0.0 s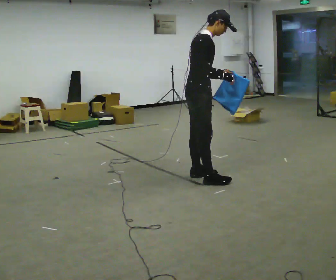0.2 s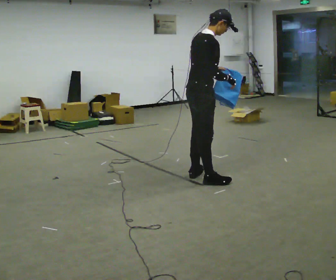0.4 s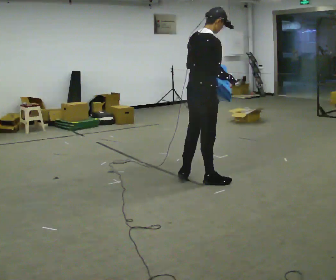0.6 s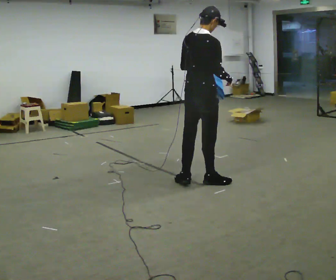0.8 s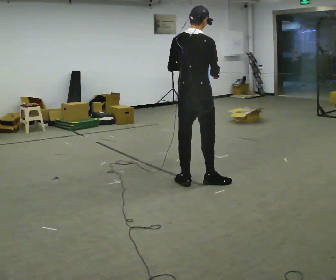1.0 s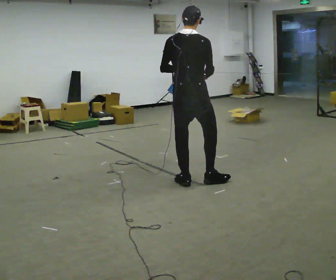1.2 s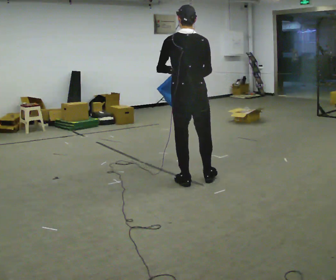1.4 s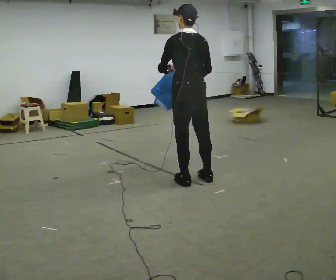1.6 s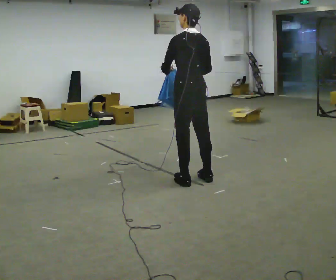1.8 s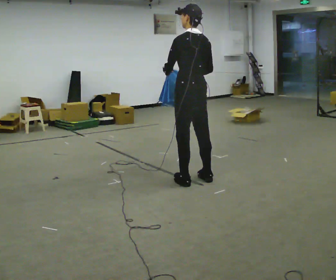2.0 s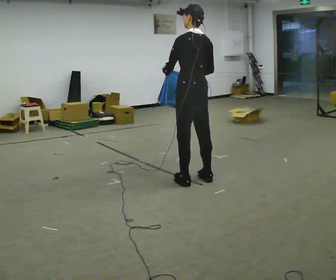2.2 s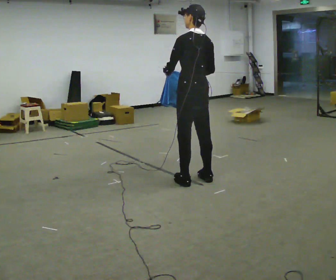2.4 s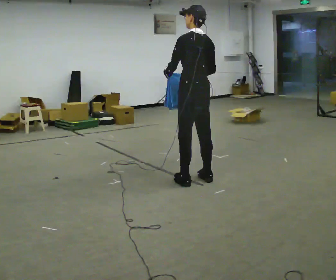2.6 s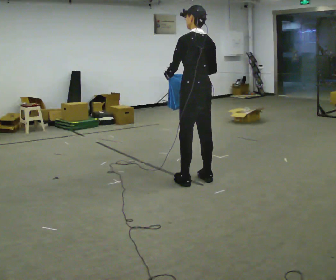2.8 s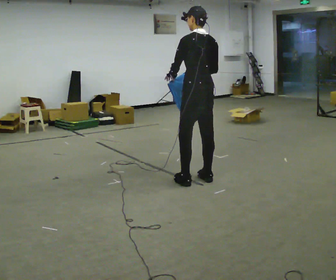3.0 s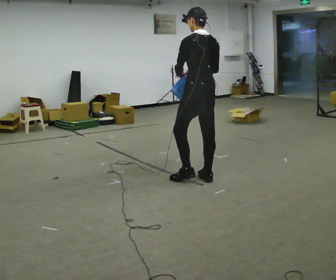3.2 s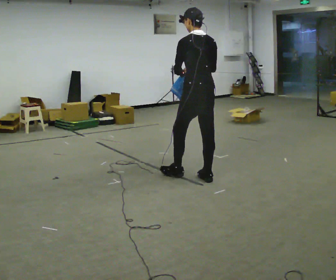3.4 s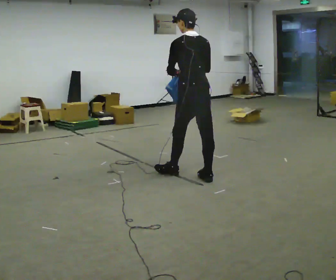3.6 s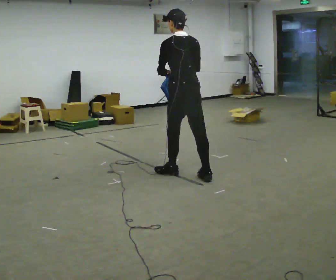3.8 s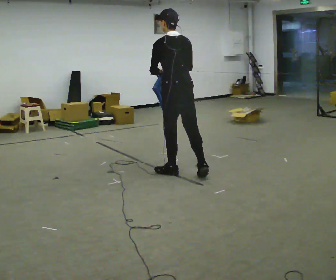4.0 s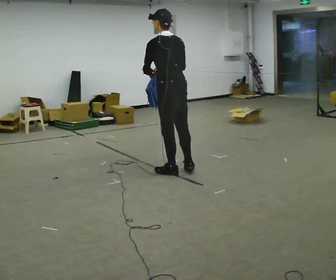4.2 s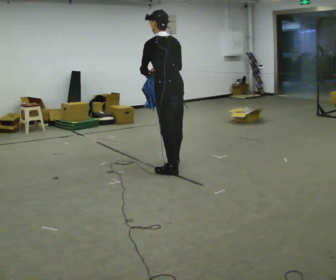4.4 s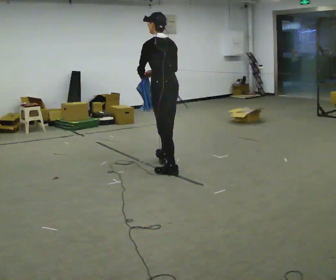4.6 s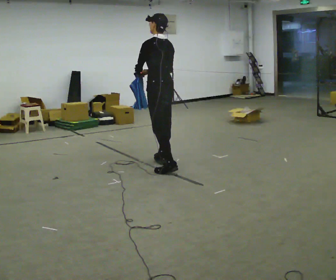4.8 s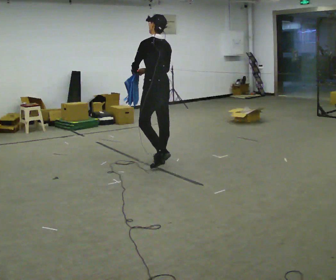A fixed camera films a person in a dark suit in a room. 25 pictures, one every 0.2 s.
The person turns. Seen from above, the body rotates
counterclockwise.
The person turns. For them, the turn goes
to their left.
0.0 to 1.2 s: Seen from above the body turns counterclockwise, about 90 degrees: to their left, with its near side sliding to the right. In the picture the upper body tilts counterclockwise, shoulders to the left. In the picture their left hand goes to the left.
1.2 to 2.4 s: The person moves a little, or ends about where they began.
2.4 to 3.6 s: In the picture they go to the left, about 0.25 m in 1 step, which for them is forward.
3.6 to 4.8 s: In the picture they go to the left and away from the camera, about 0.5 m in 1 step, which for them is forward.
The film runs forward here.
